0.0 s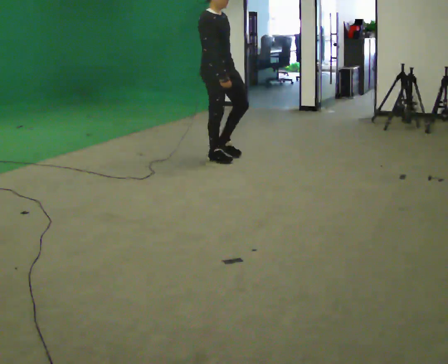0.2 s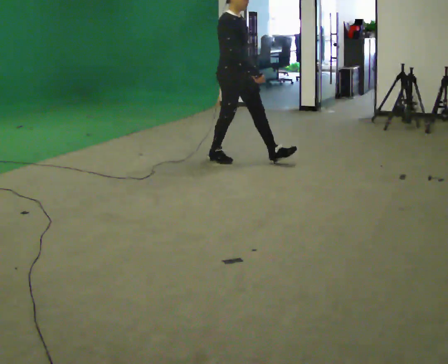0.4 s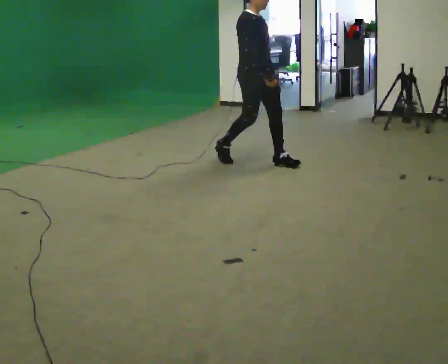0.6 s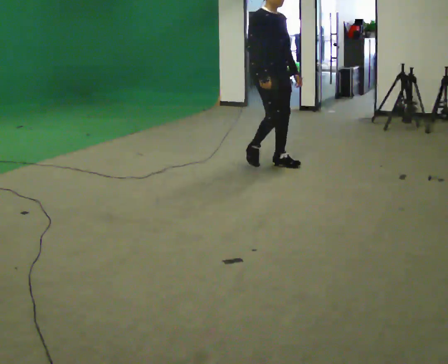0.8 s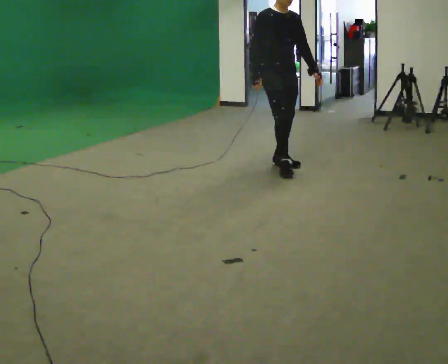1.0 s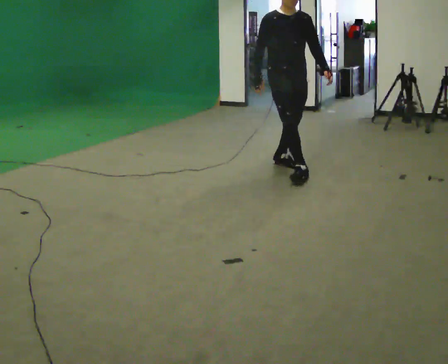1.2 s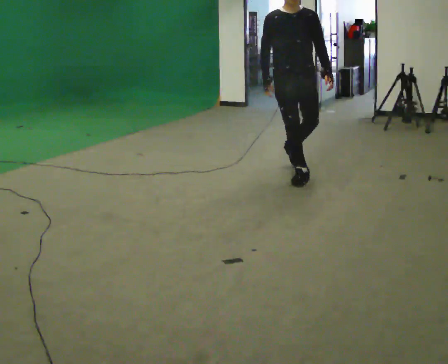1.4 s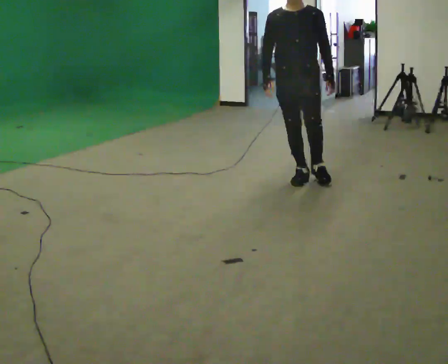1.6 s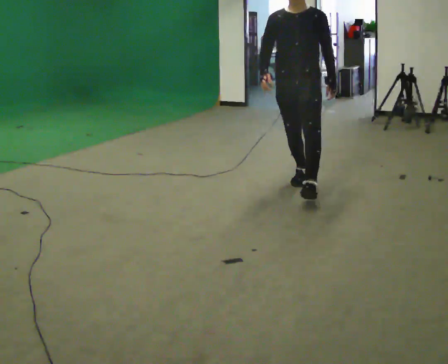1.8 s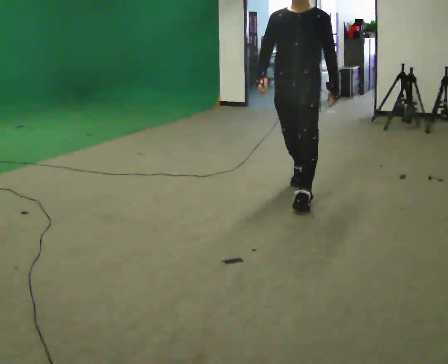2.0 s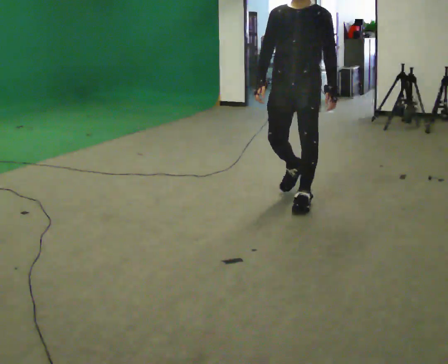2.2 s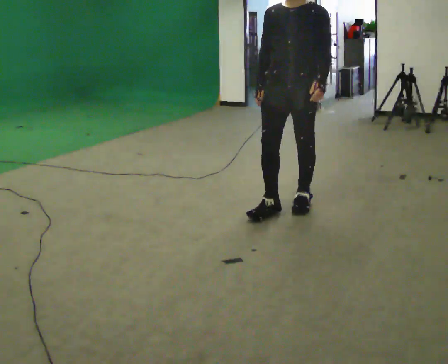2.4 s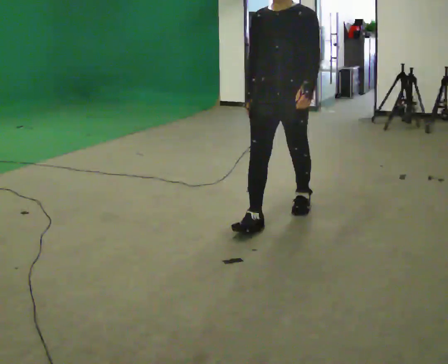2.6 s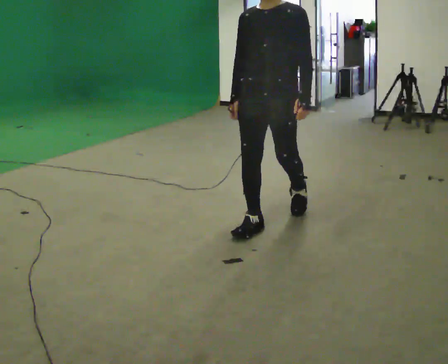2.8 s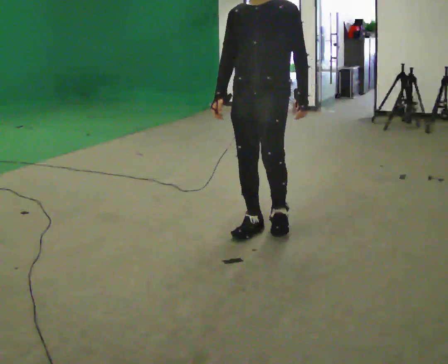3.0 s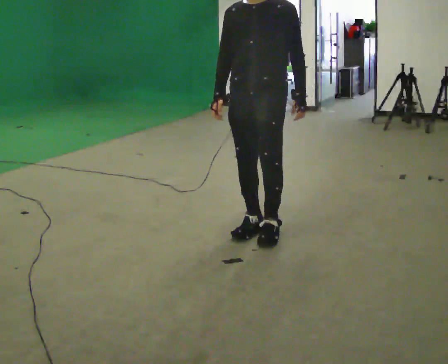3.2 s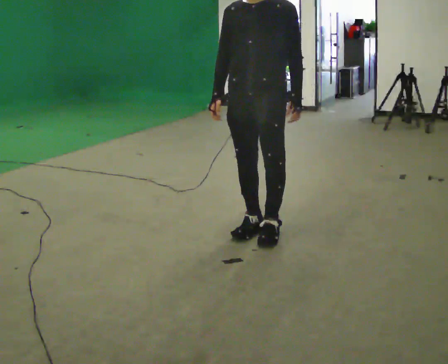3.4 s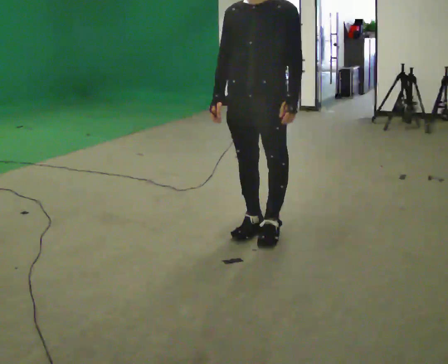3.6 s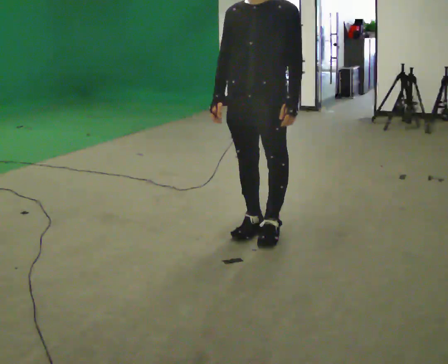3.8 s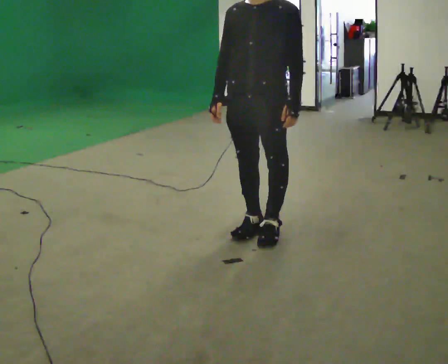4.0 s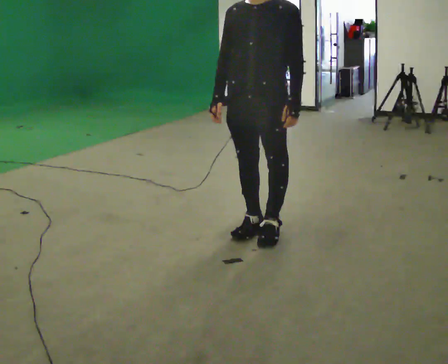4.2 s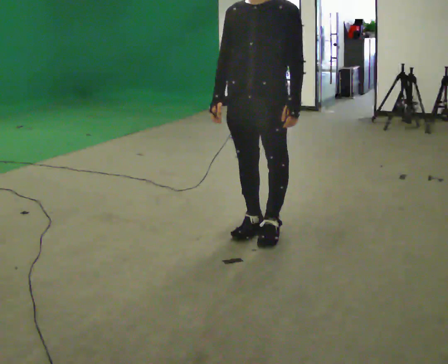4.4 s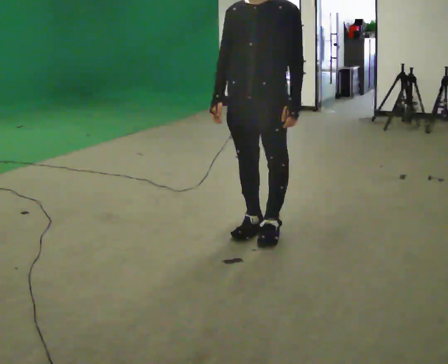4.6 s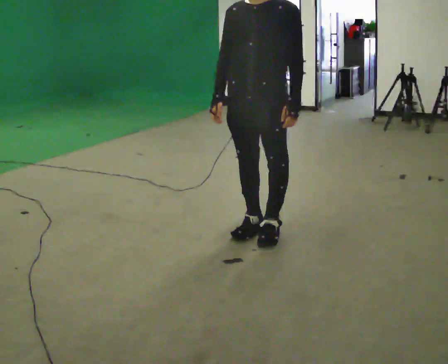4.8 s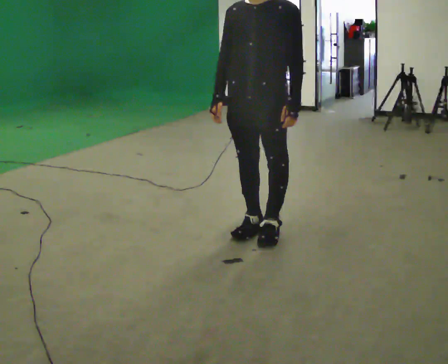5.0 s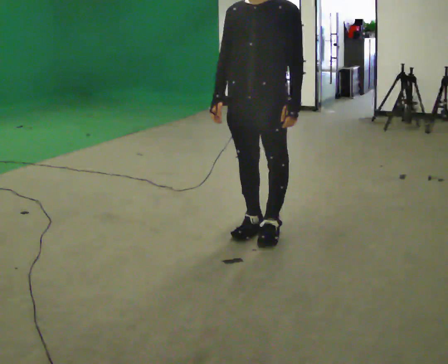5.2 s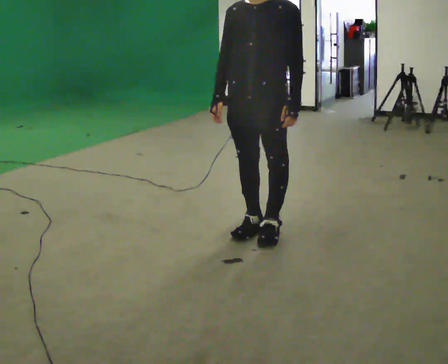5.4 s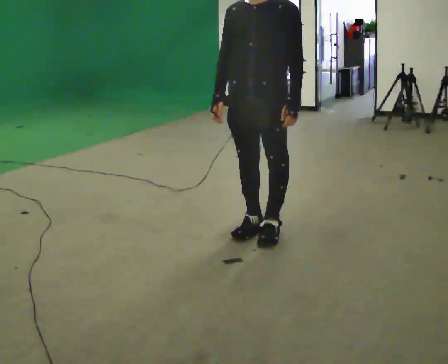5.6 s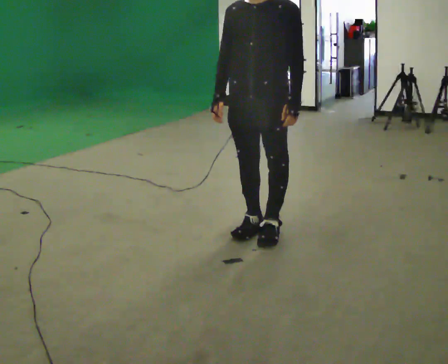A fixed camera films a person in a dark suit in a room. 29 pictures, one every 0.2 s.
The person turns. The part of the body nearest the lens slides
to the left.
The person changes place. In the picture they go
toward the camera.
0.0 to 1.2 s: The part of the body nearest the lens slides to the left as the person turns to their right by about 60 degrees. In the picture they go to the right and toward the camera, about 1 m in 2 steps, which for them is forward.
1.2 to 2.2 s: The part of the body nearest the lens slides to the left as the person turns to their right by about 30 degrees. In the picture they go toward the camera, about 1 m in 1 step, which for them is forward.
2.2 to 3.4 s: In the picture they go toward the camera and to the left, about 0.5 m in 2 steps, which for them is forward.
3.4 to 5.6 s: The person keeps their place and pose.
The film runs forward here.
